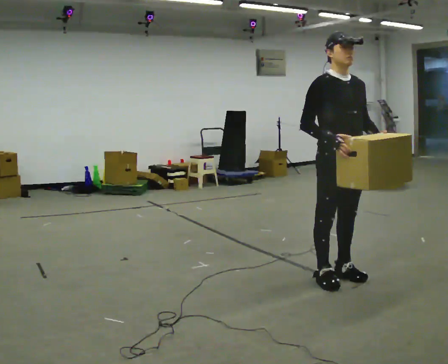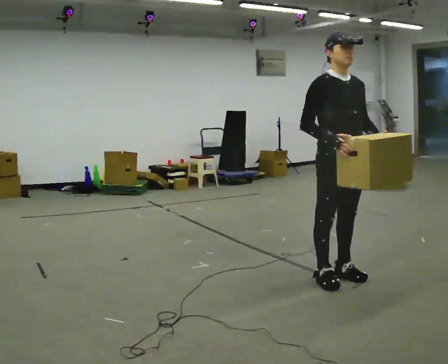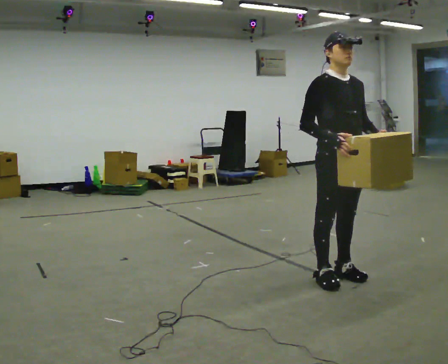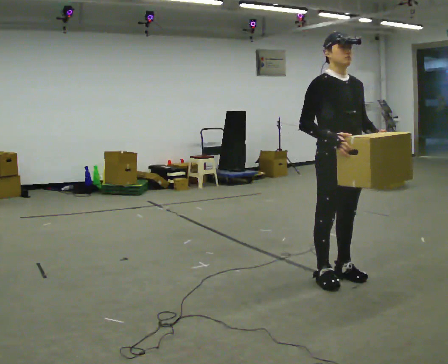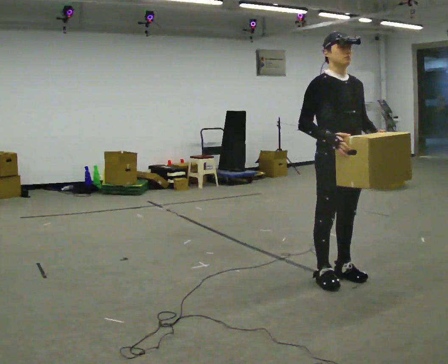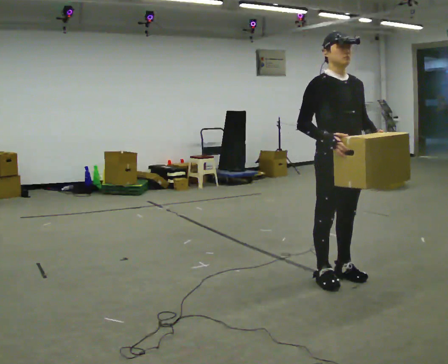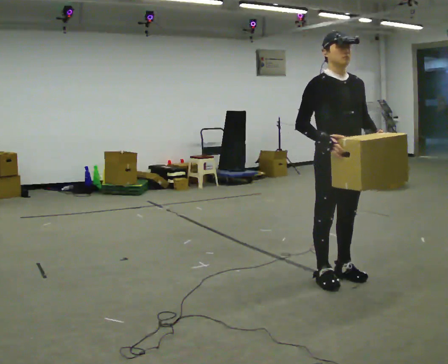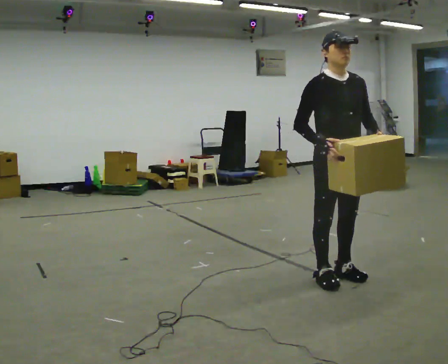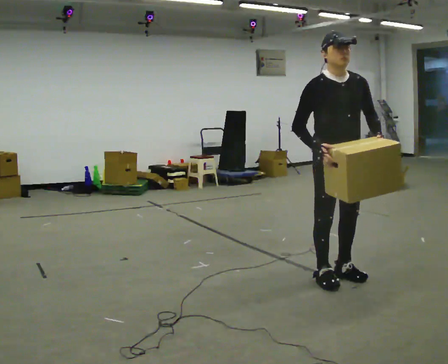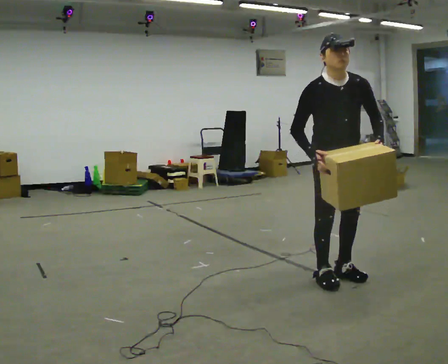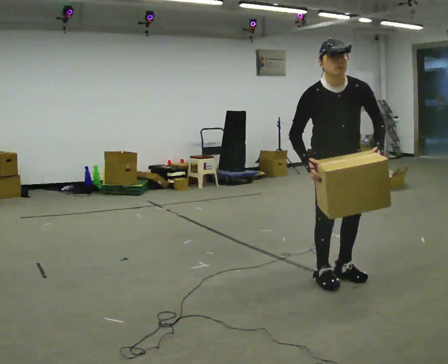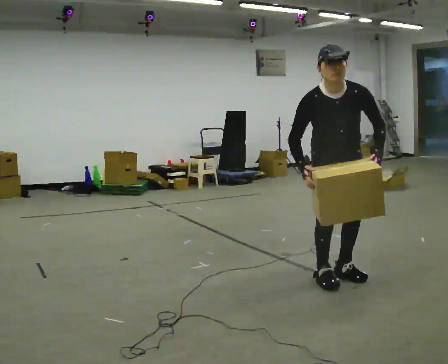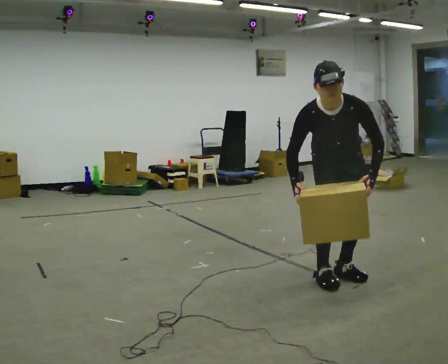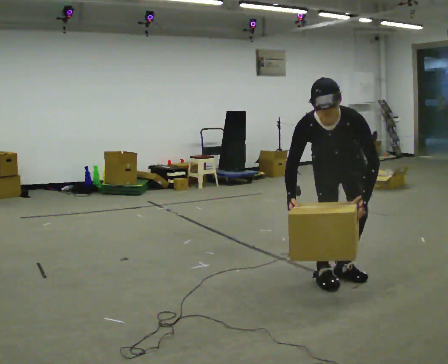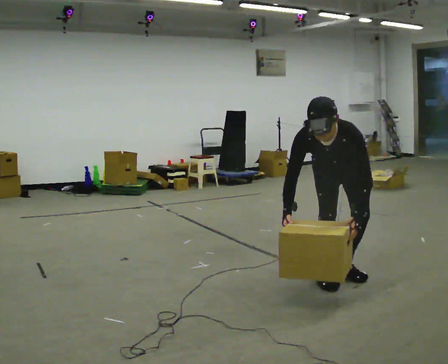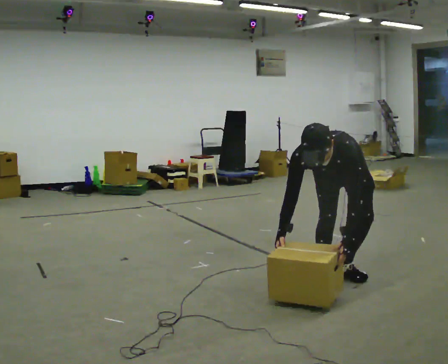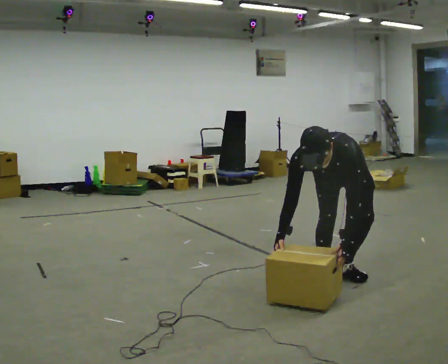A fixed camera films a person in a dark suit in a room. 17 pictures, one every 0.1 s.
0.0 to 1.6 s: Seen from above the body turns clockwise, about 45 degrees: to their right, with its near side sliding to the left. In the picture they go away from the camera, about 0.25 m, which for them is backward. The shoulders move downward. The upper body tips toward the camera, its near side rolling downward, as they bend forward. In the picture their right hand goes downward and to the left.
The film runs backward here.
